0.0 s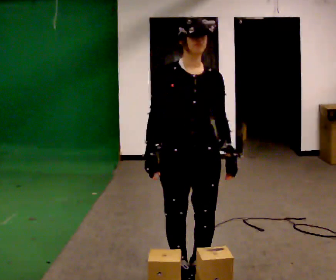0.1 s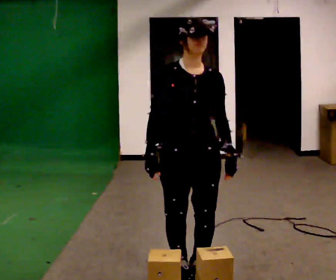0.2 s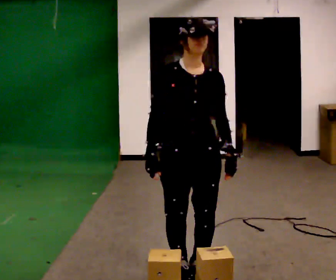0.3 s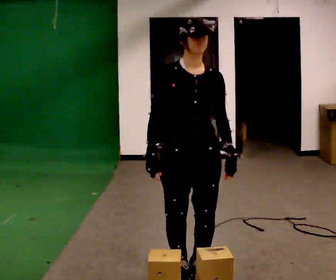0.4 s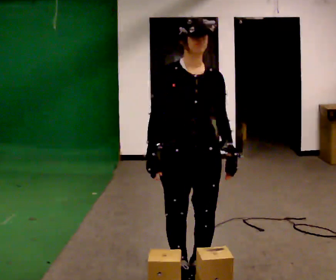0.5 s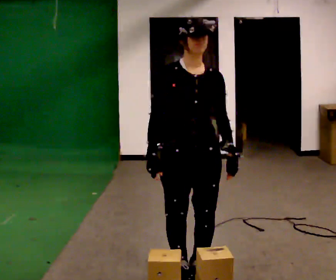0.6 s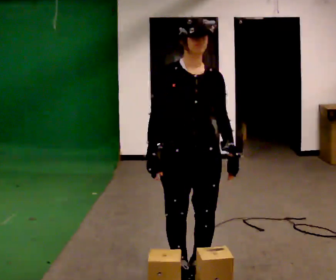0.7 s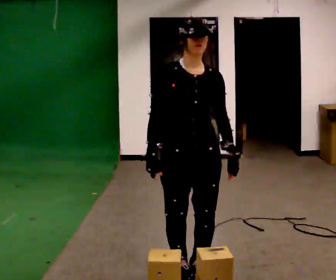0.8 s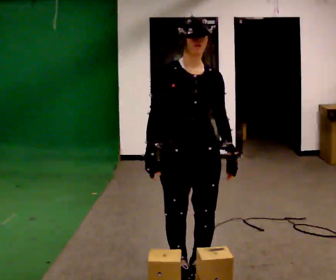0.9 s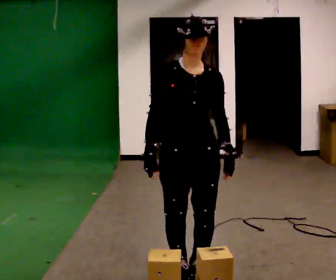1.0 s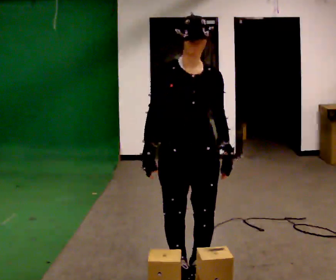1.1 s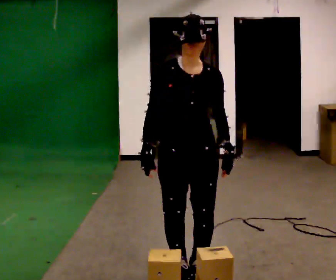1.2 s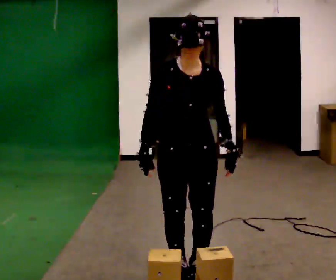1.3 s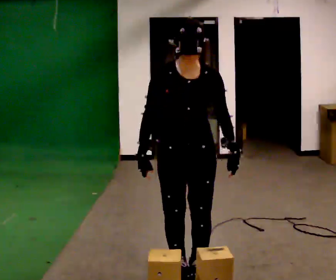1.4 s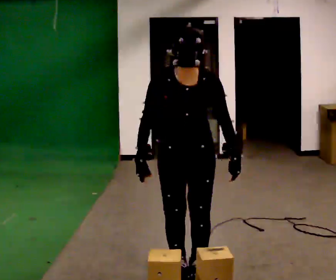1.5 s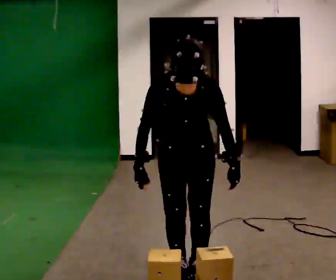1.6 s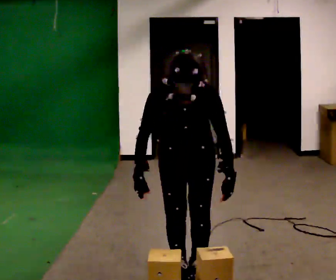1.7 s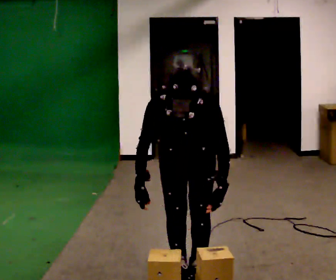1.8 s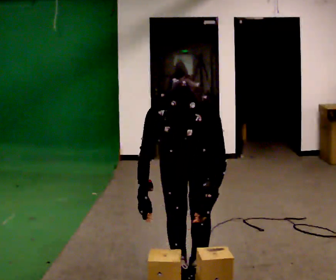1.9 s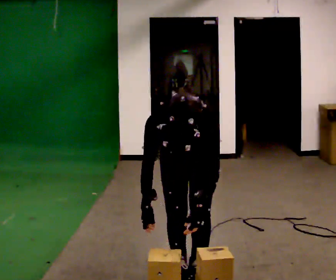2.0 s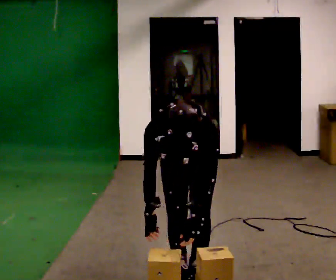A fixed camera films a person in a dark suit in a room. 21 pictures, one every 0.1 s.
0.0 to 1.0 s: The person moves a little, or ends about where they began.
1.0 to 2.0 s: The shoulders move downward. The upper body tips toward the camera, its near side rolling downward, as they bend forward.
The film runs backward here.
